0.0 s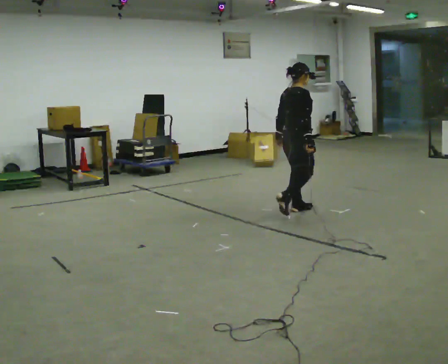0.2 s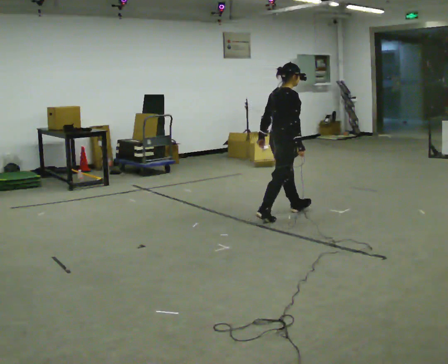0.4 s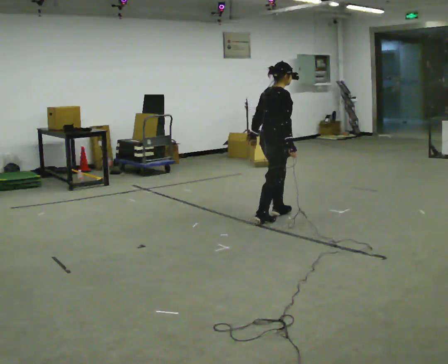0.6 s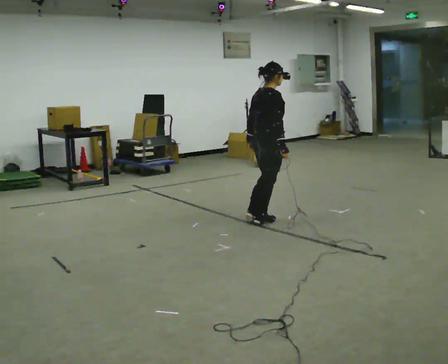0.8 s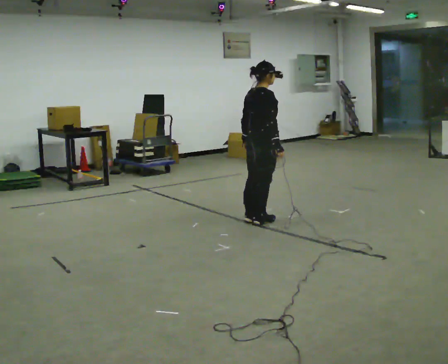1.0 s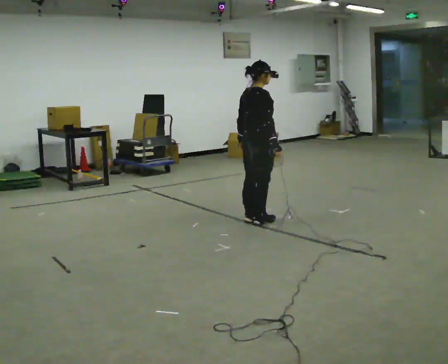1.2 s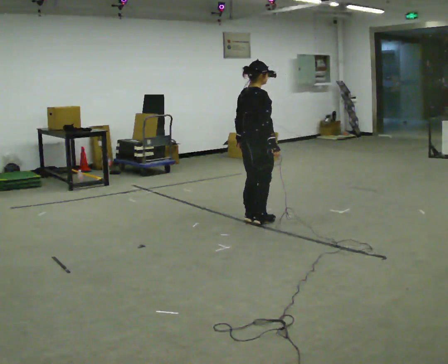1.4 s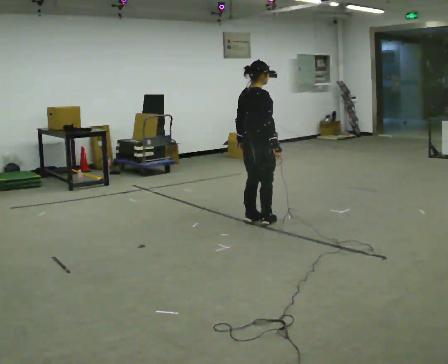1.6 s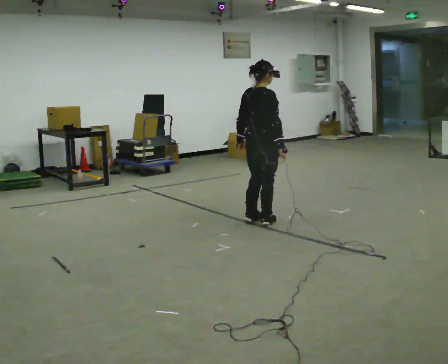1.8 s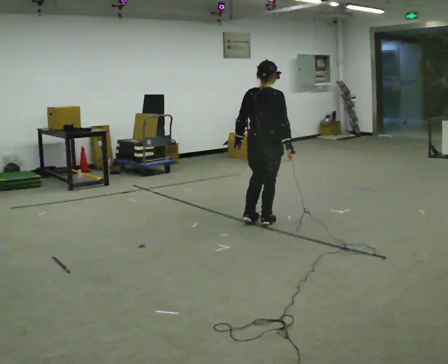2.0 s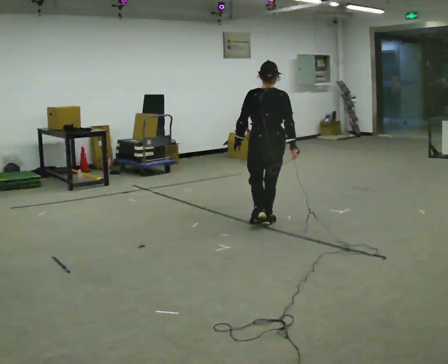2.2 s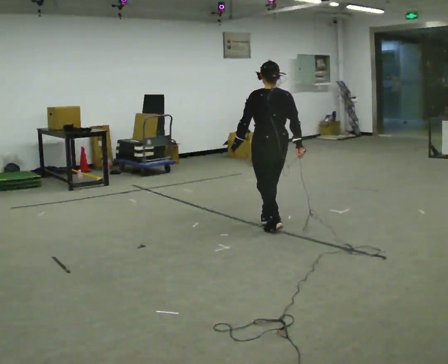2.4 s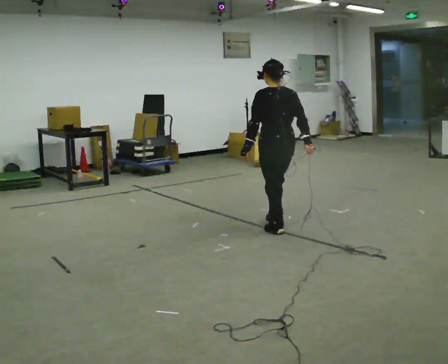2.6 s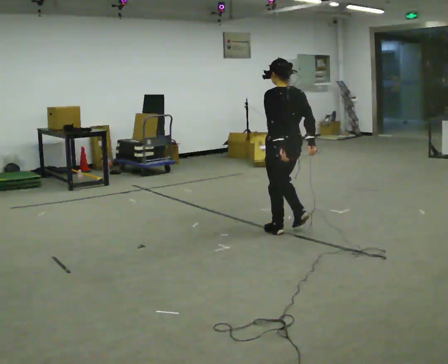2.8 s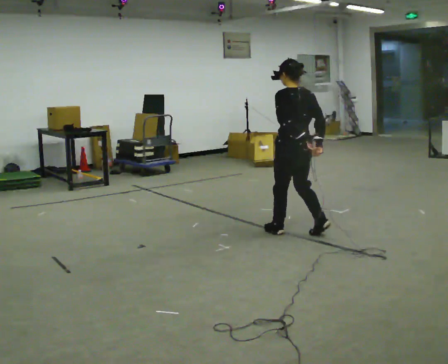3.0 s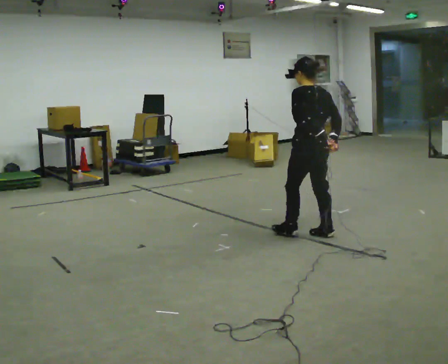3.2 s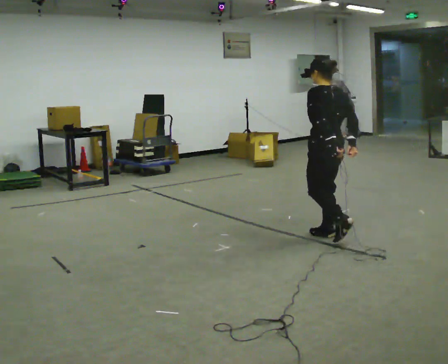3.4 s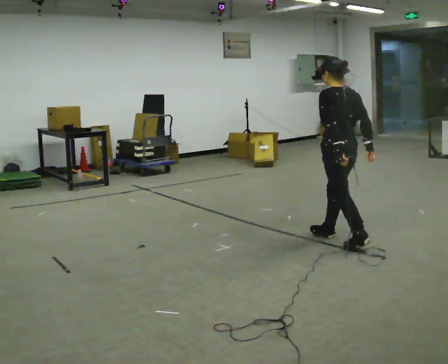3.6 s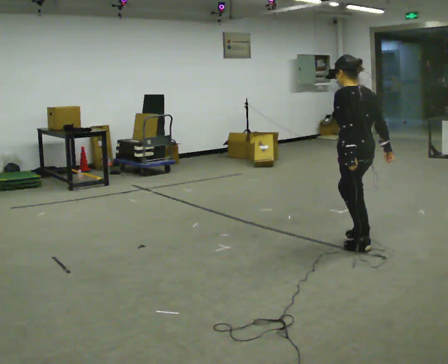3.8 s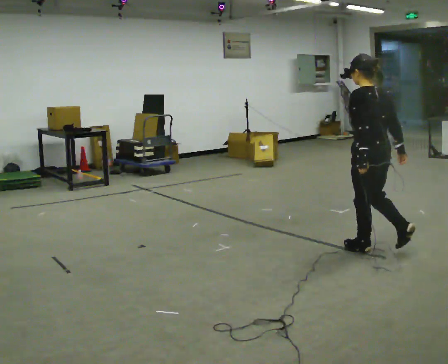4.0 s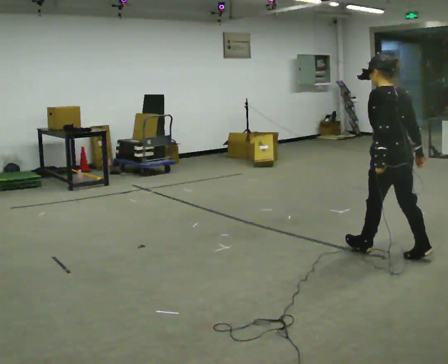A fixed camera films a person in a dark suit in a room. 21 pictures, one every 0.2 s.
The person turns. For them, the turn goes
to their left.
The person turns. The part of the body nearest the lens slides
to the right.
0.0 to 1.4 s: In the picture they go to the left and toward the camera, about 0.5 m in 1 step, which for them is backward.
1.4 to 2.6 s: The person turns about 75 degrees to their left, counterclockwise seen from above, so the part of the body nearest the lens slides to the right. In the picture they go toward the camera and to the right, about 0.5 m in 2 steps.
2.6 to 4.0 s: In the picture they go toward the camera and to the right, about 1 m in 3 steps, which for them is backward.
The film runs backward here.
